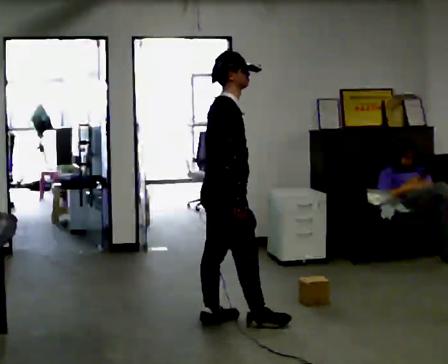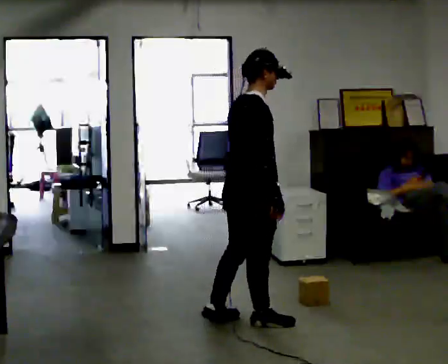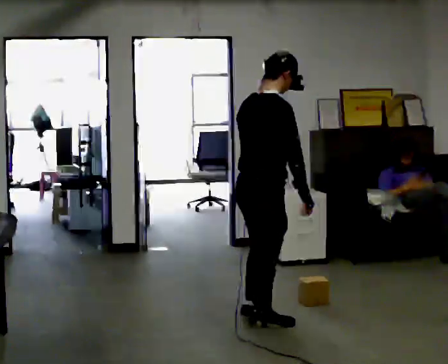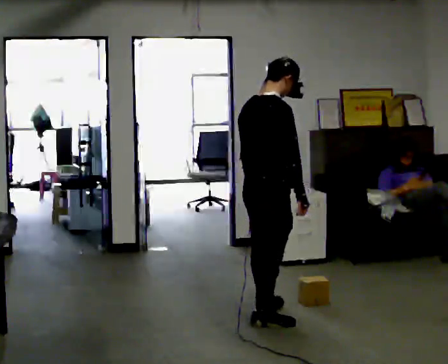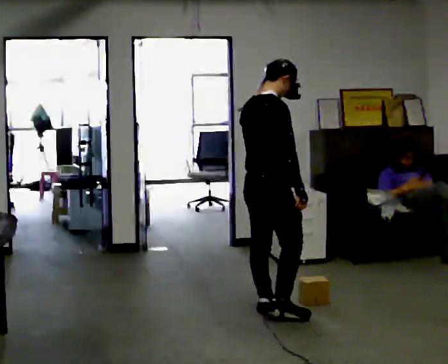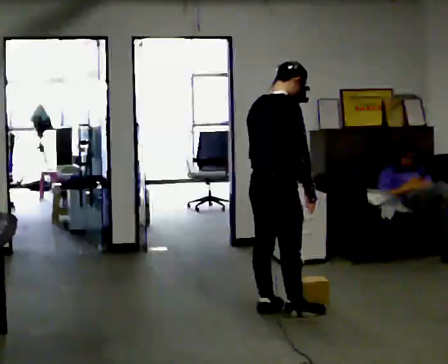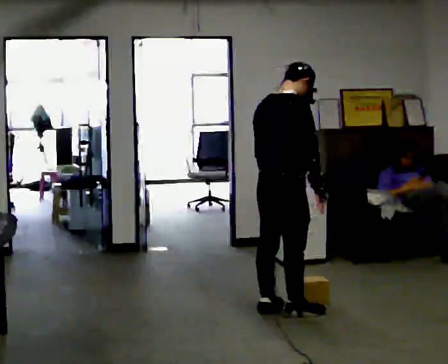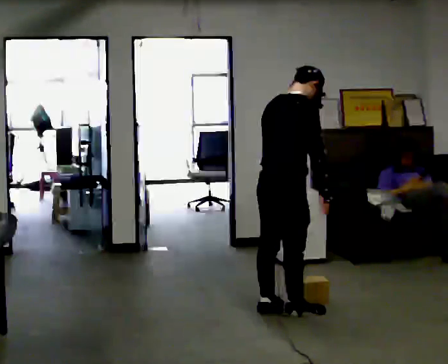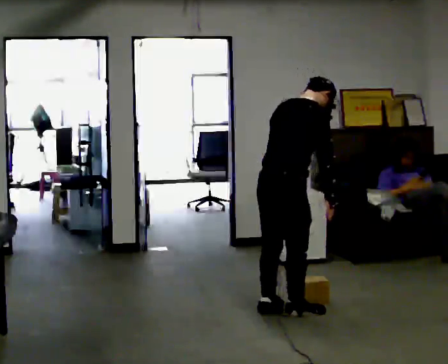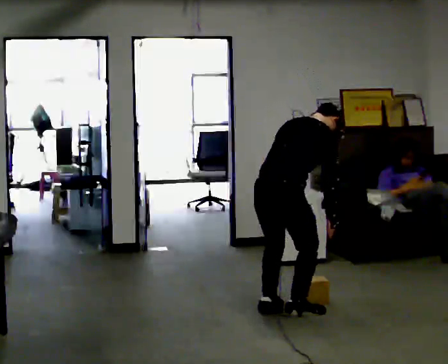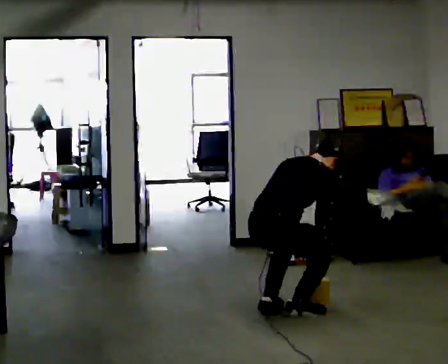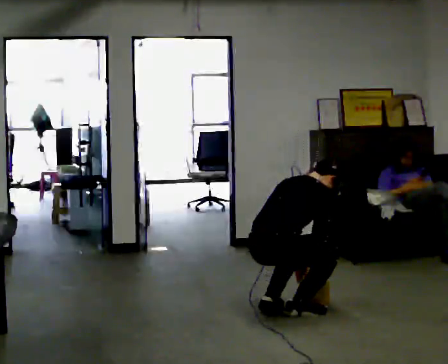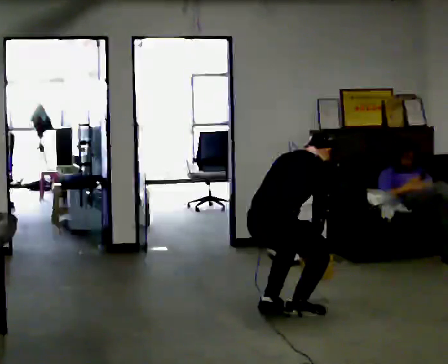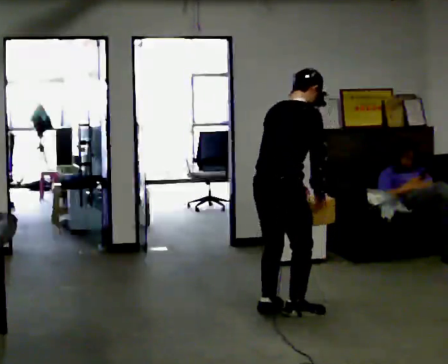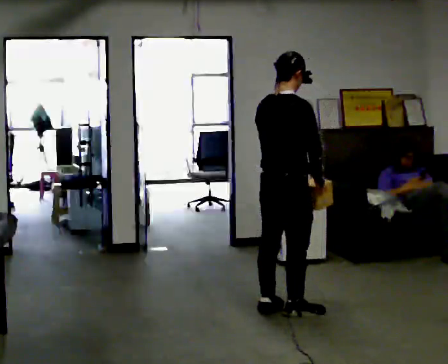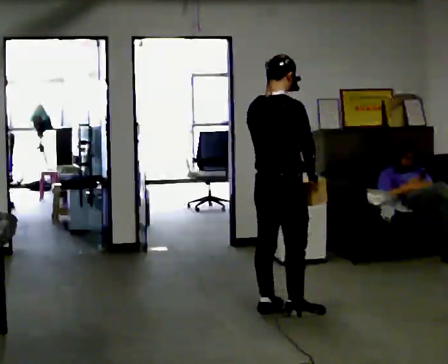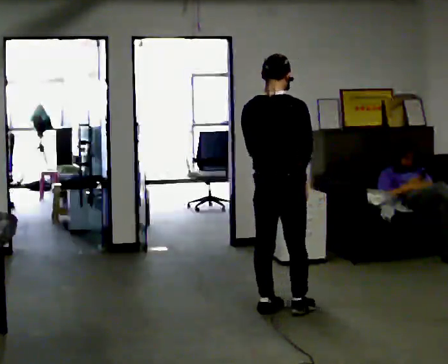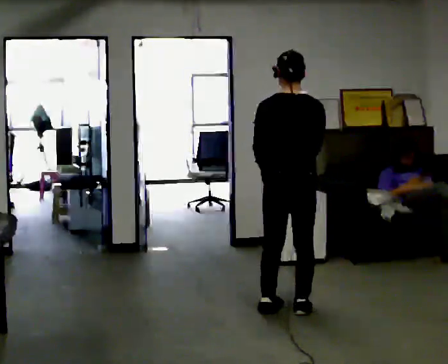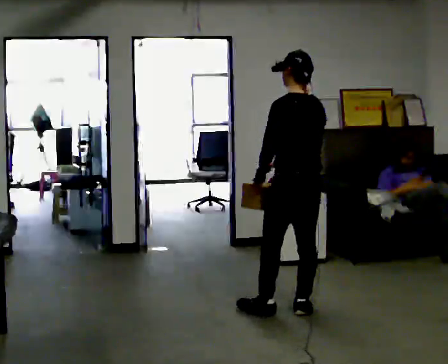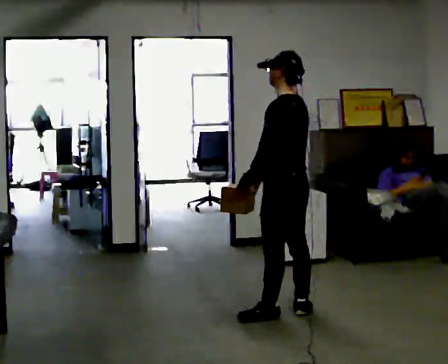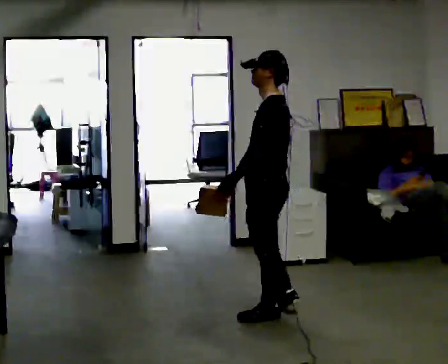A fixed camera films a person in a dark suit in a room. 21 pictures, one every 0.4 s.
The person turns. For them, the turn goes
to their left.
The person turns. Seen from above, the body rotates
counterclockwise.
0.0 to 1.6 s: In the picture they go to the right and away from the camera, about 0.25 m in 2 steps, which for them is forward.
1.6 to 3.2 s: In the picture the upper body tilts clockwise, shoulders to the right, as they bend forward.
3.2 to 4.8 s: The upper body tips away from the camera, its near side rolling upward, as they bend forward. In the picture their right hand goes downward.
4.8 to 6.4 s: In the picture they go away from the camera, about 0.25 m, which for them is forward. The upper body goes upward. The upper body tips toward the camera, its near side rolling downward, as they lean back or straighten. In the picture their right hand goes upward.
6.4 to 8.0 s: The person turns about 105 degrees to their left, counterclockwise seen from above, so the part of the body nearest the lens slides to the right. In the picture their right hand goes to the left, the arm swinging clockwise.
The film runs forward here.
